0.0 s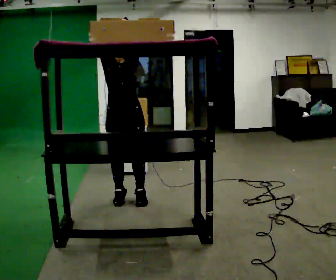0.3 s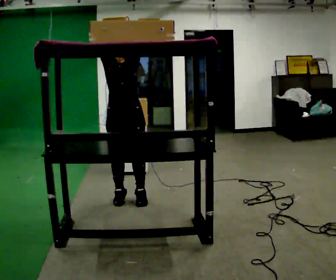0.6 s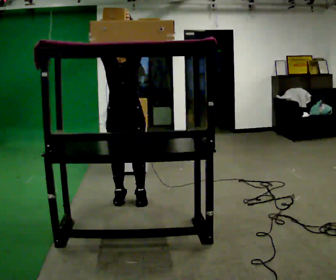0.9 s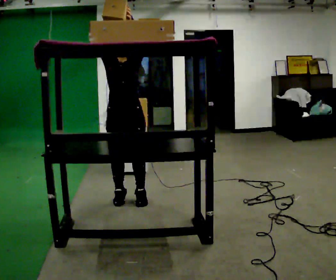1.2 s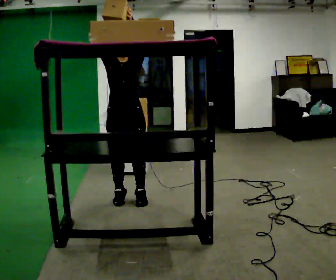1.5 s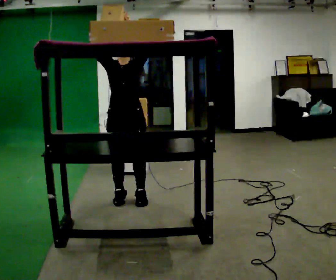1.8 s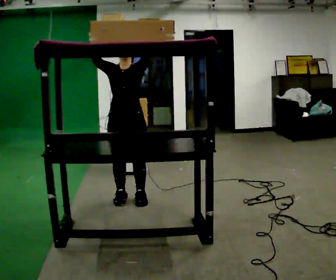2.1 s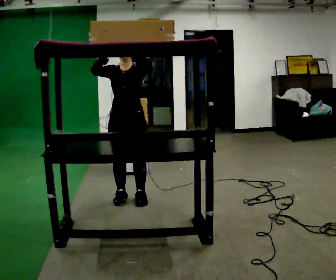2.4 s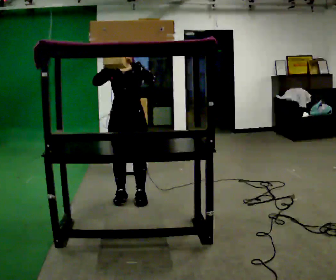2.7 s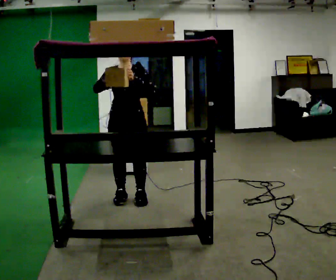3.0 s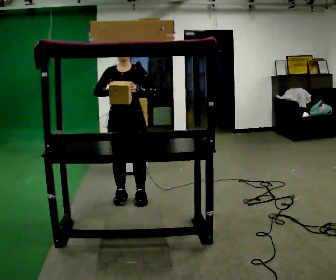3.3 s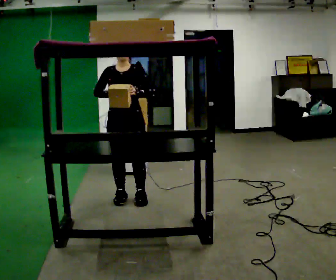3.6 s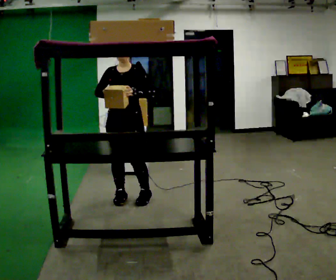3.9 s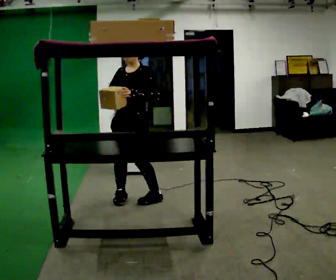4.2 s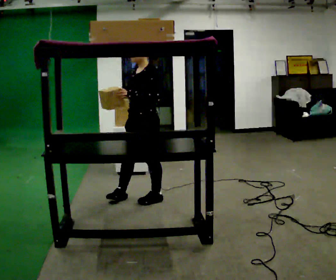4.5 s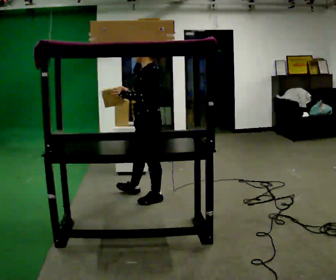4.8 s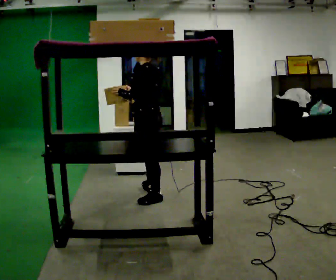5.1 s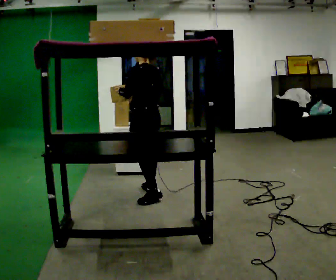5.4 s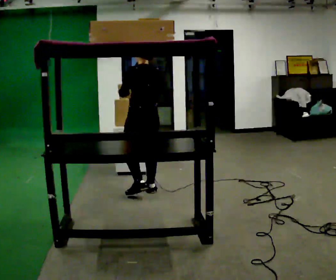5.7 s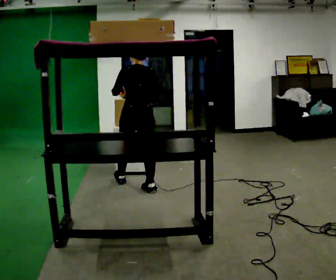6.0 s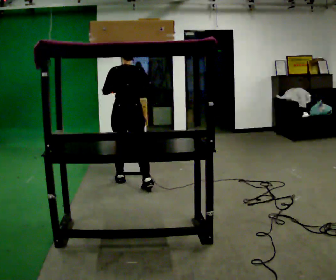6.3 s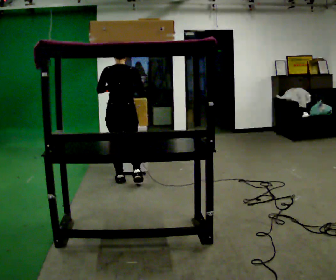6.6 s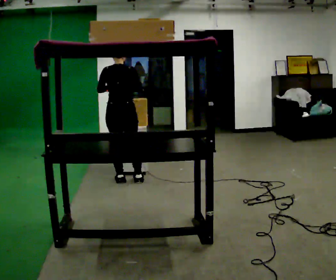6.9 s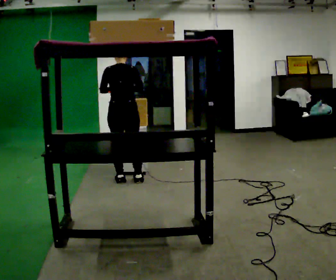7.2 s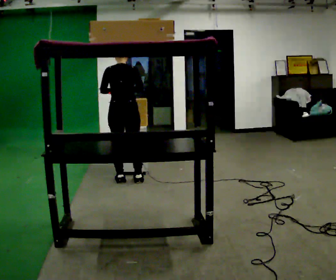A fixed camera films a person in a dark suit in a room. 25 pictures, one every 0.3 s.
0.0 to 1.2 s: The person moves a little, or ends about where they began.
1.2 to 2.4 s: In the picture their right hand goes downward.
2.4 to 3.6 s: The person moves a little, or ends about where they began.
3.6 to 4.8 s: Seen from above the body turns clockwise, about 105 degrees: to their right, with its near side sliding to the left. In the picture they go to the right, about 0.25 m in 2 steps.
4.8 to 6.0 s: Seen from above the body turns clockwise, about 60 degrees: to their right, with its near side sliding to the left. In the picture they go away from the camera and to the left, about 0.5 m in 1 step.
6.0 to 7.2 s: The person moves a little, or ends about where they began.
The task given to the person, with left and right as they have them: Reach up into the bin on the top shelf, take out one object at a time, and carry it to the table. Keep going until the operator says stop; one object at a time, and do not rush between trips.
The film runs forward here.
